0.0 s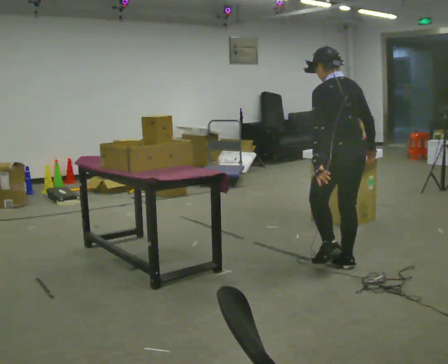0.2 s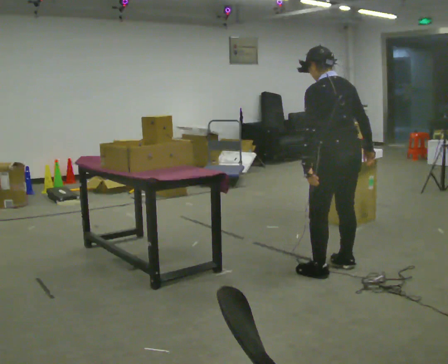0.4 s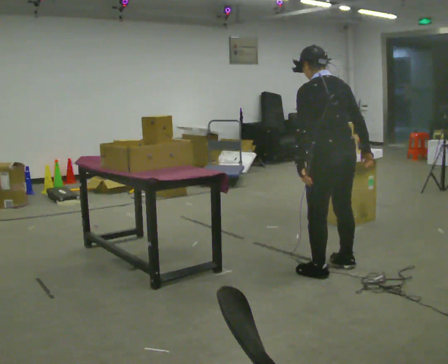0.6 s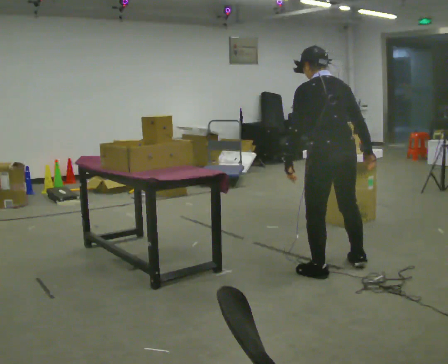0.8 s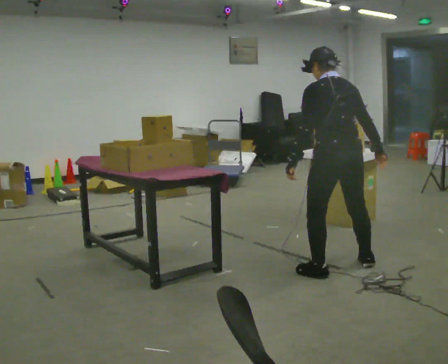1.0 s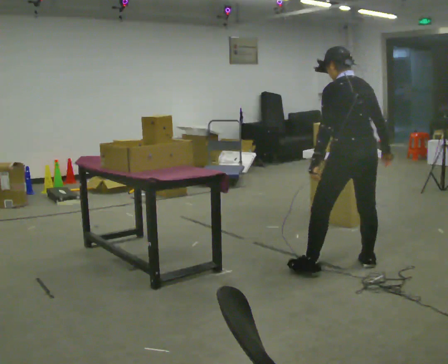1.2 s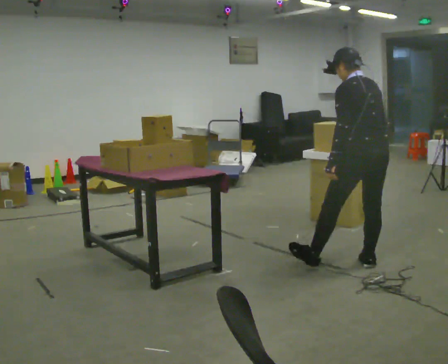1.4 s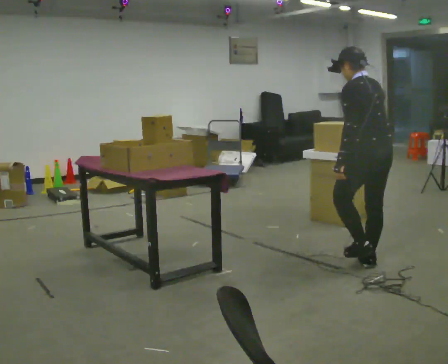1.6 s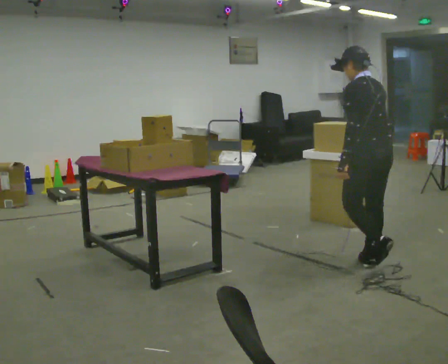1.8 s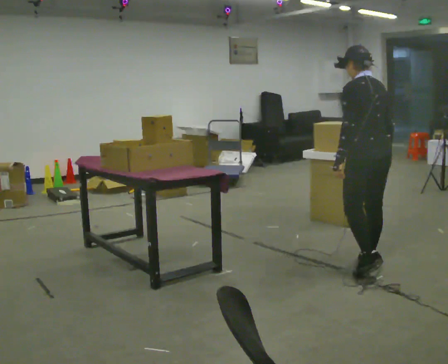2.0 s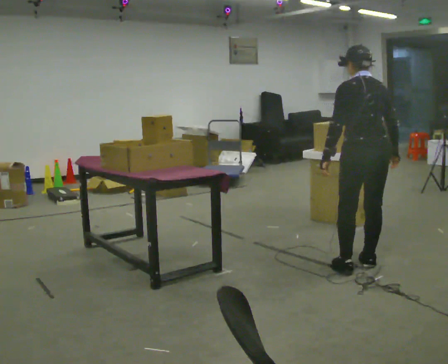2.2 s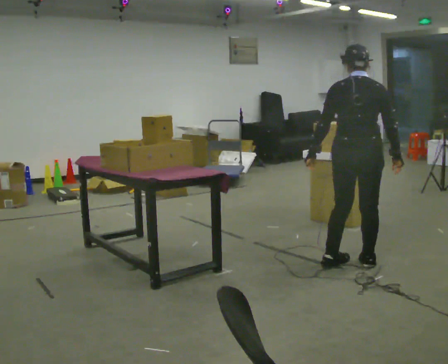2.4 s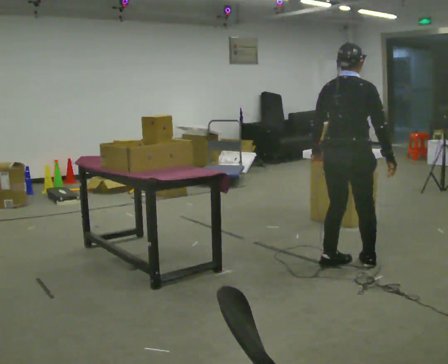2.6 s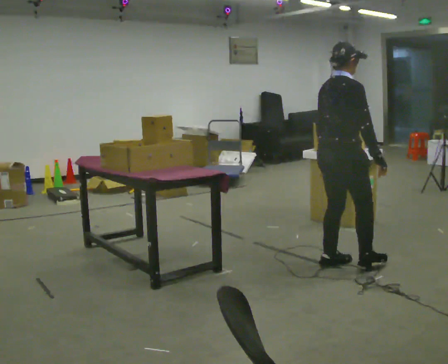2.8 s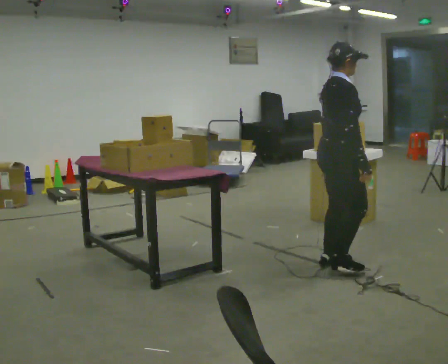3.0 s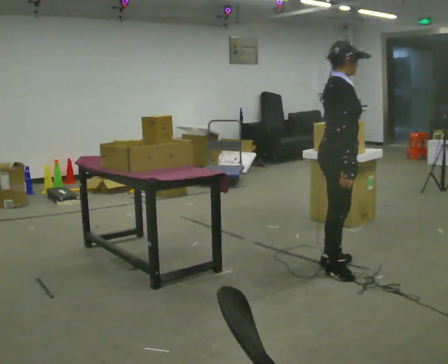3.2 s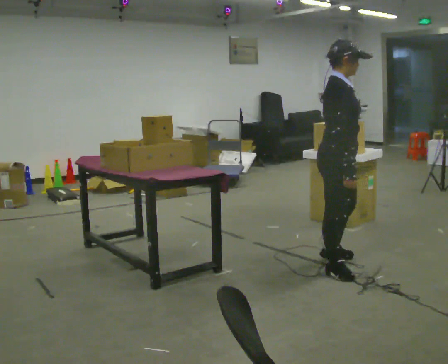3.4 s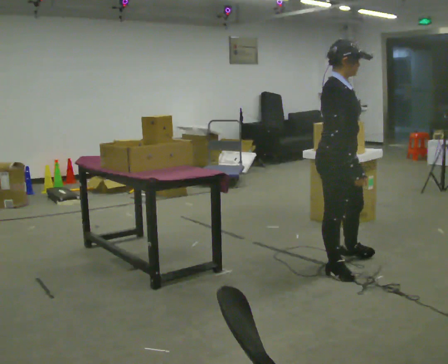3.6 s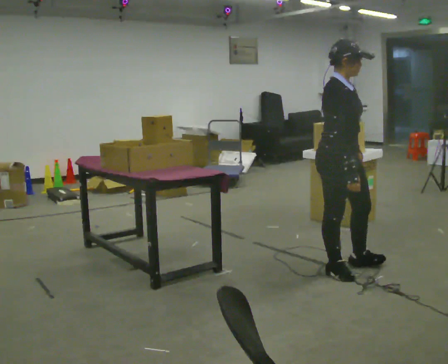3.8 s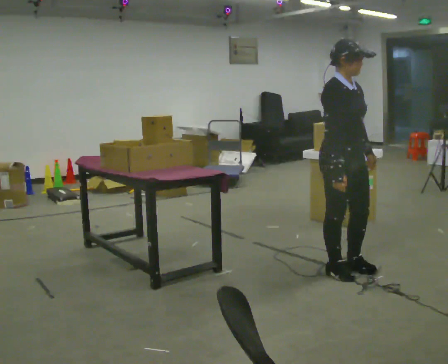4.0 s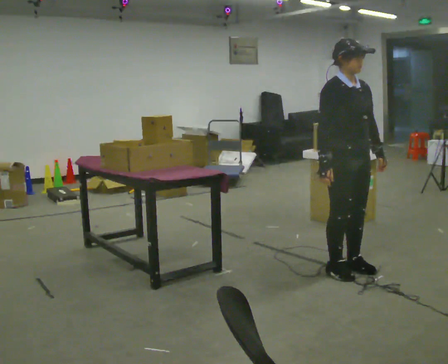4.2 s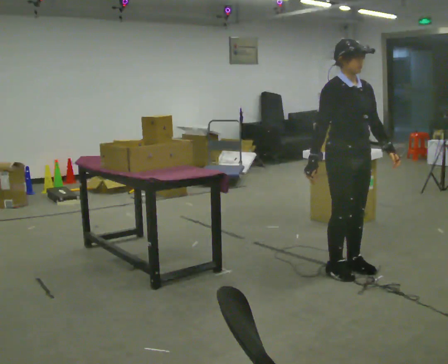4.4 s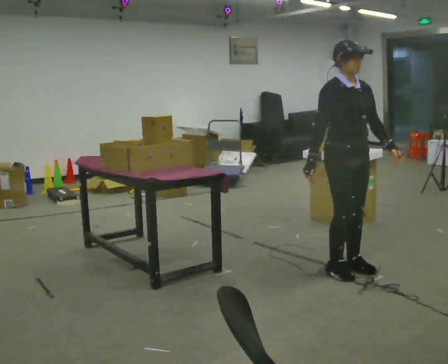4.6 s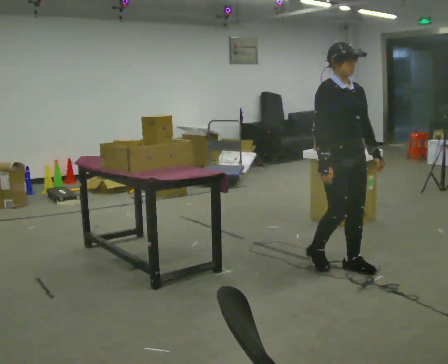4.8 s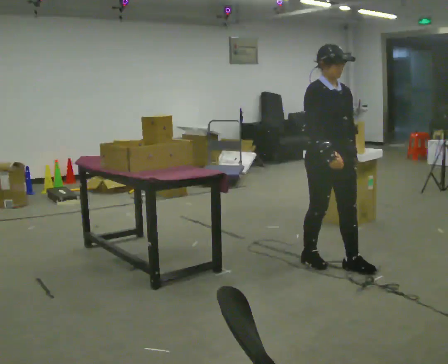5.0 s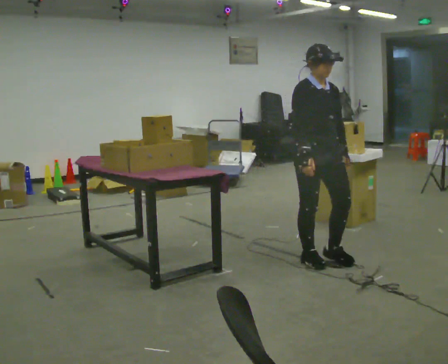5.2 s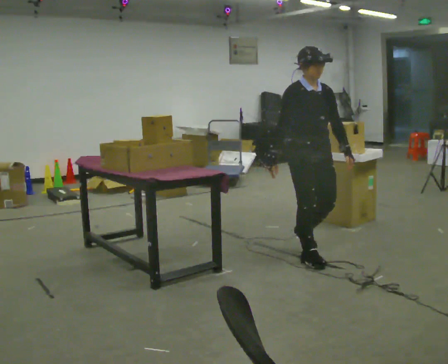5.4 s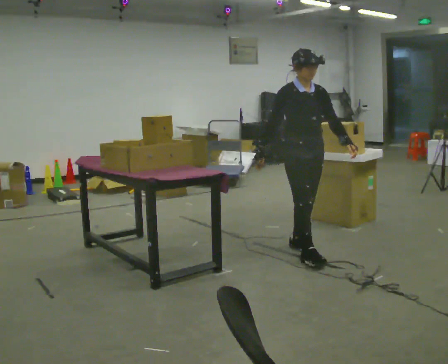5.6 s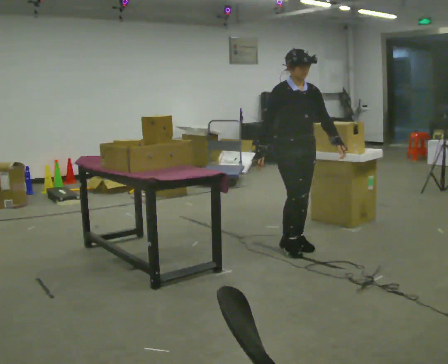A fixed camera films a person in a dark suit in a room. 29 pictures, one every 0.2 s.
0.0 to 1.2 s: In the picture they go to the right, about 0.25 m in 1 step, which for them is to their right.
1.2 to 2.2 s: The person turns about 30 degrees to their right, clockwise seen from above, so the part of the body nearest the lens slides to the left.
2.2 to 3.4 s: The part of the body nearest the lens slides to the left as the person turns to their right by about 105 degrees. In the picture they go to the left, about 0.25 m in 2 steps.
3.4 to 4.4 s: Seen from above the body turns clockwise, about 30 degrees: to their right, with its near side sliding to the left. In the picture their left hand goes to the right.
4.4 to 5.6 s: In the picture they go away from the camera and to the left, about 0.5 m in 3 steps, which for them is backward.
The film runs backward here.
